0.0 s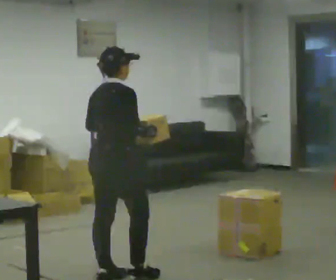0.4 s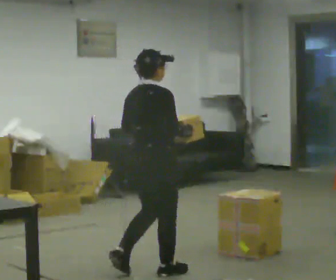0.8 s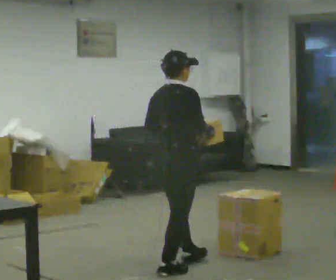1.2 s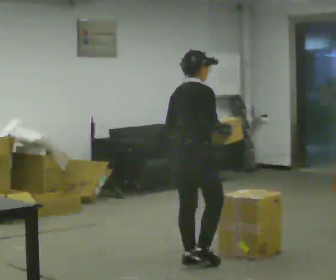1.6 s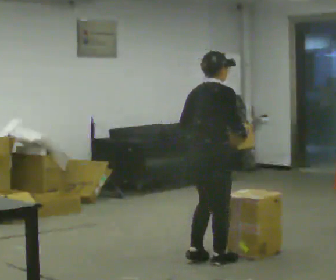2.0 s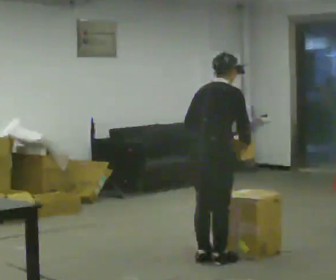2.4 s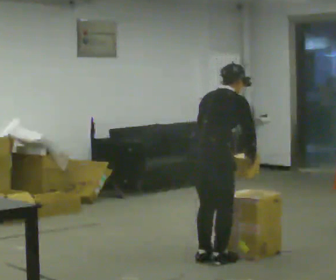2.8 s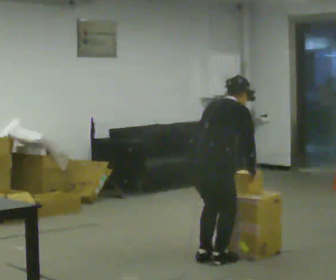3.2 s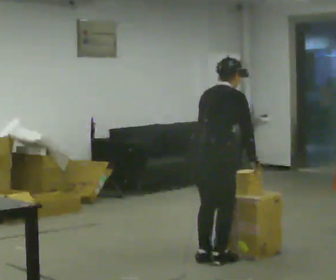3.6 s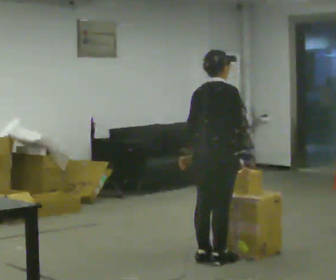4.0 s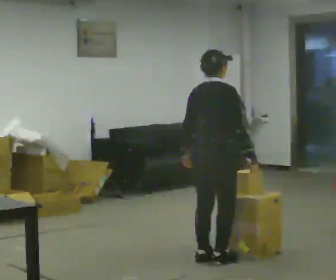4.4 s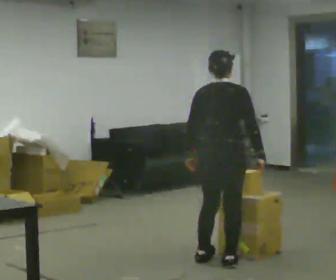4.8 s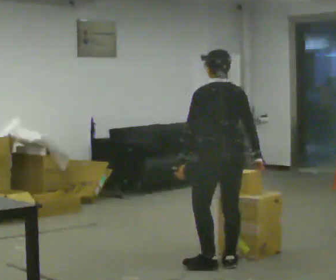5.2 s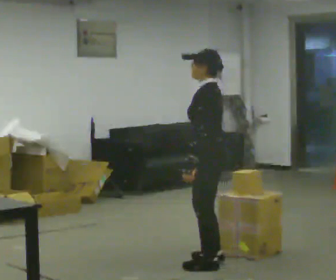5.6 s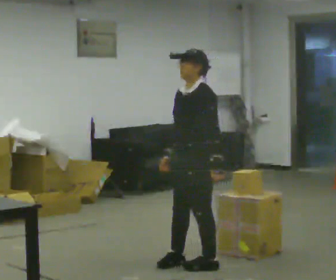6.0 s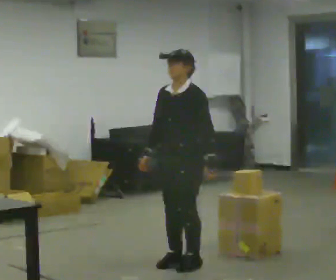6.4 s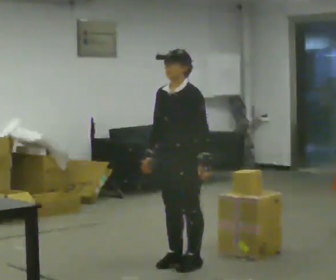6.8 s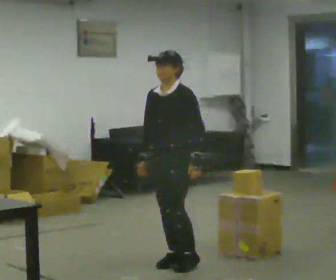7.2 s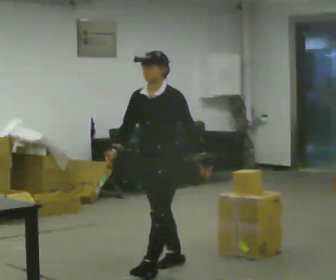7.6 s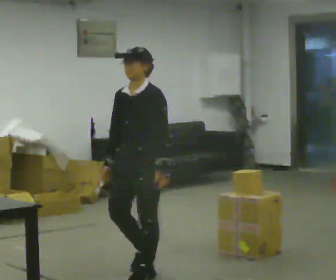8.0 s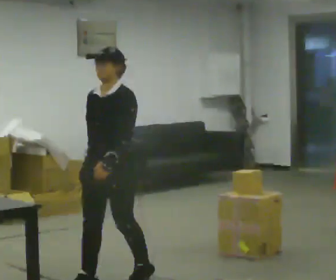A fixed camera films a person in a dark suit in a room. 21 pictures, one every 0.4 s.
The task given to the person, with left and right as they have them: Take an object down from the highest shelf you can comfortably reach, carry it across, and place it on the waist-height shelf. Keep going until the operator says stop; one object at a time, and do not rush between trips.
0.0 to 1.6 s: In the picture they go to the right and away from the camera, about 1 m in 3 steps, which for them is forward.
1.6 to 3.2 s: The person moves a little, or ends about where they began.
3.2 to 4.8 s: The part of the body nearest the lens slides to the right as the person turns to their left by about 75 degrees. In the picture they go toward the camera, about 0.25 m in 1 step.
4.8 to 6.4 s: The part of the body nearest the lens slides to the right as the person turns to their left by about 105 degrees. In the picture they go to the left, about 0.25 m in 1 step.
6.4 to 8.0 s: In the picture they go toward the camera and to the left, about 0.5 m in 2 steps, which for them is forward.
The film runs forward here.
